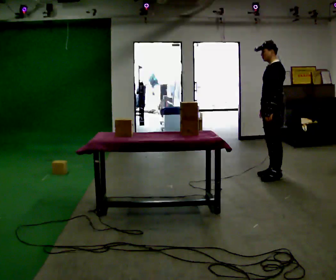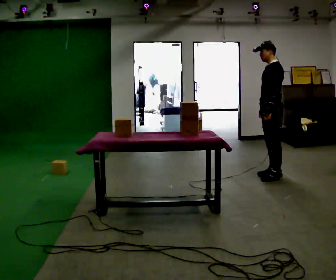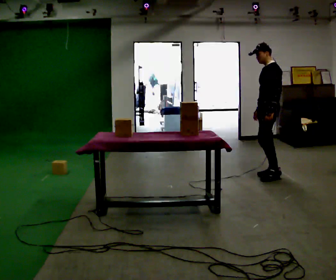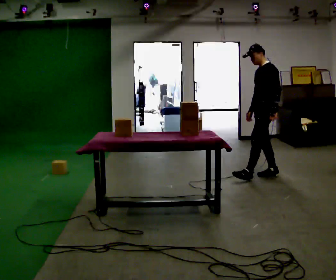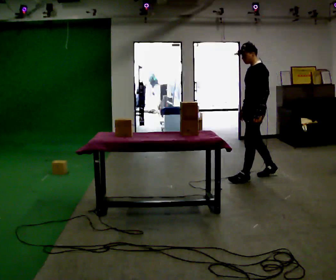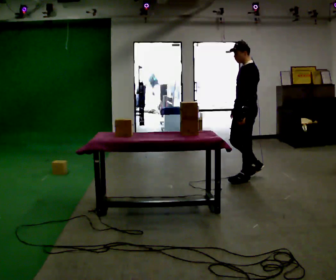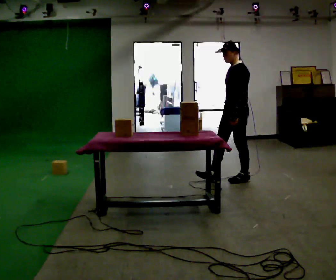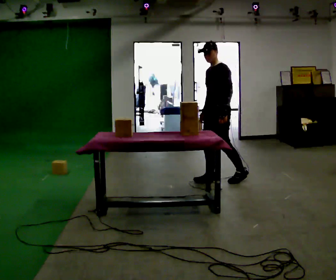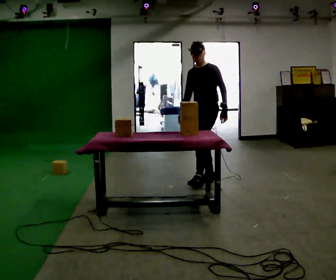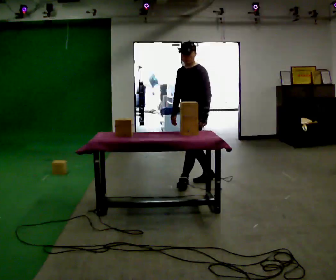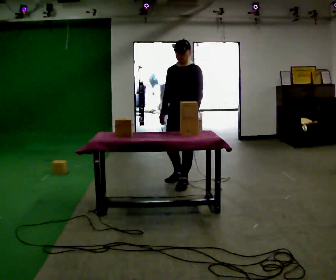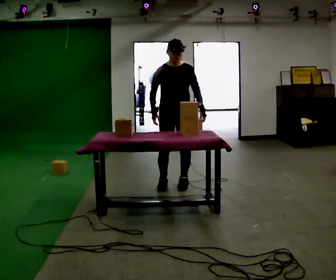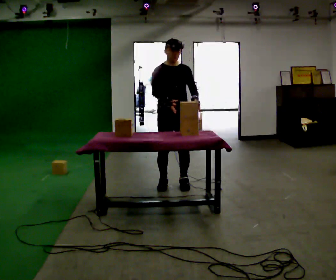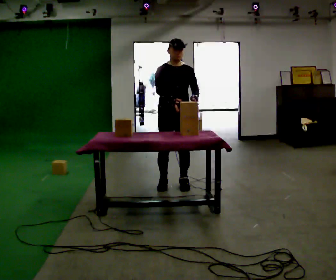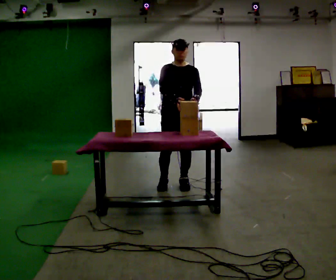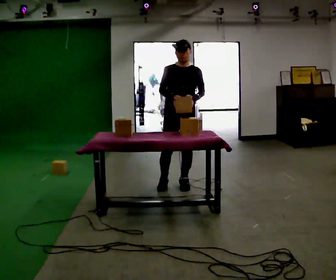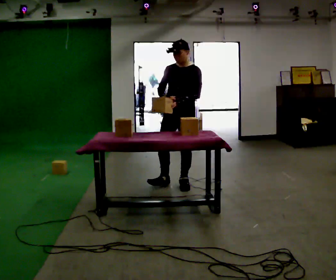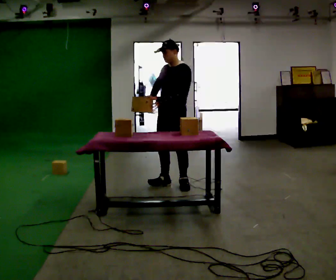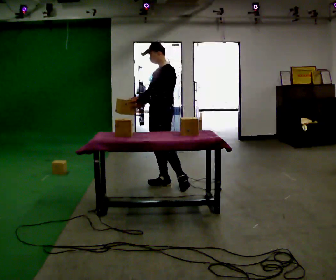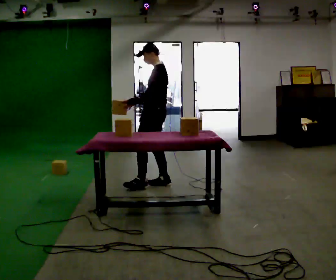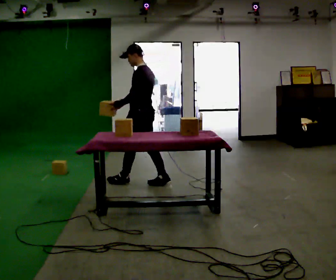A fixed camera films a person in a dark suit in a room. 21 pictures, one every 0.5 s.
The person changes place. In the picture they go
to the left.
0.0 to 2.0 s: In the picture they go to the left, about 0.25 m in 1 step, which for them is forward.
2.0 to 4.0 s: The person turns about 30 degrees to their left, counterclockwise seen from above, so the part of the body nearest the lens slides to the right. In the picture they go to the left, about 0.75 m in 1 step, which for them is forward.
4.0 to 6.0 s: Seen from above the body turns counterclockwise, about 75 degrees: to their left, with its near side sliding to the right. In the picture they go to the left and toward the camera, about 0.5 m in 2 steps.
6.0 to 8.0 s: Seen from above the body turns clockwise, about 45 degrees: to their right, with its near side sliding to the left.
8.0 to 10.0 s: The person turns about 90 degrees to their right, clockwise seen from above, so the part of the body nearest the lens slides to the left. In the picture they go to the left, about 0.5 m in 1 step.
The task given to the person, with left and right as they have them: Carry the fragile object across the room and set it down as gently as you can. Keep going until the operator says stop; one object at a time, and do not rush between trips.
The film runs forward here.
